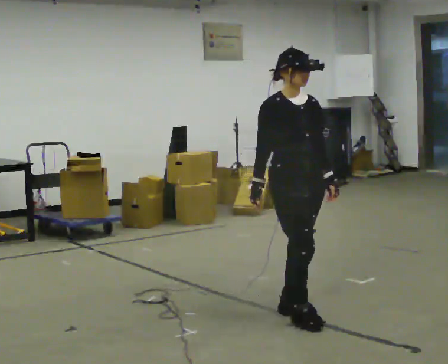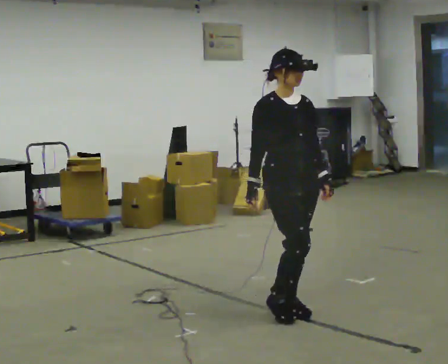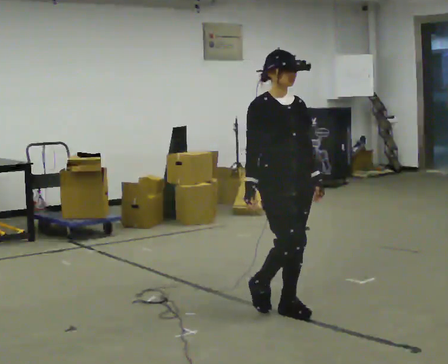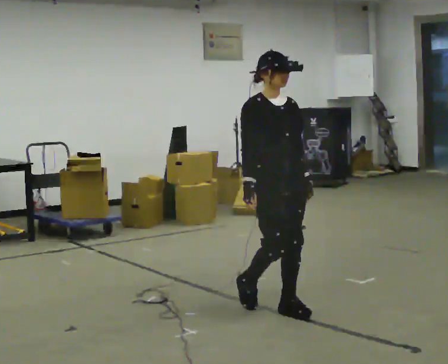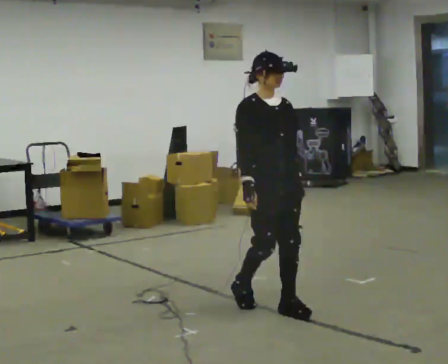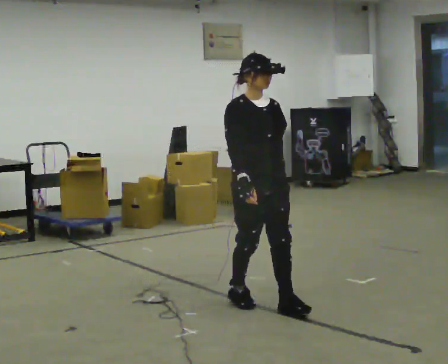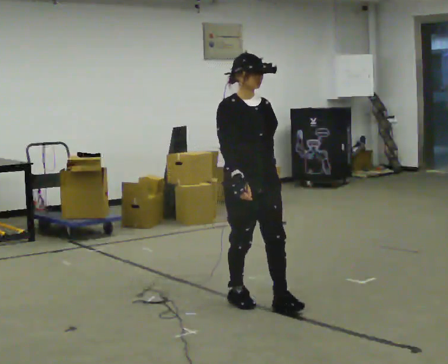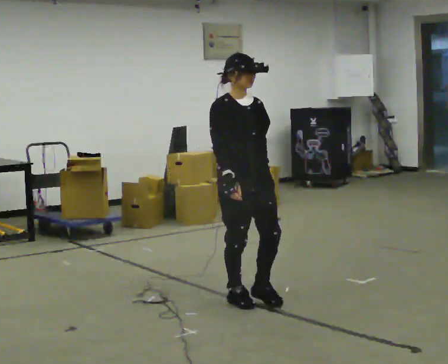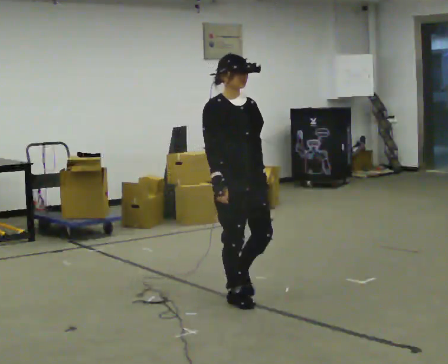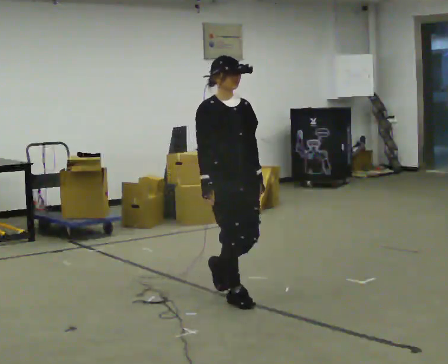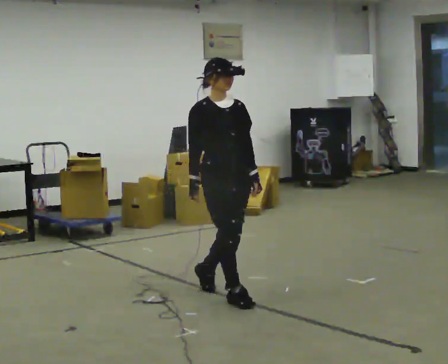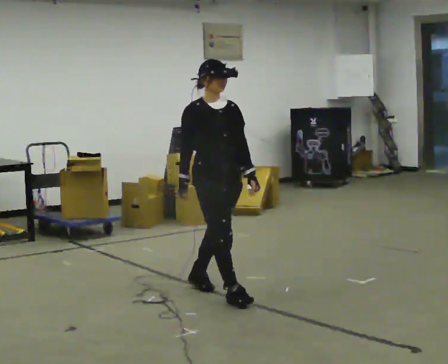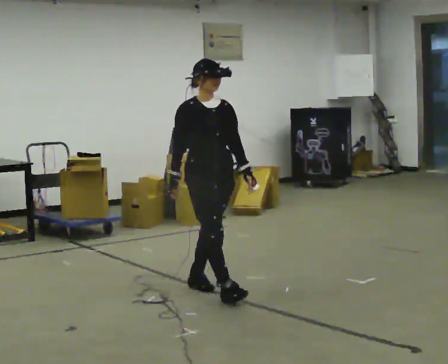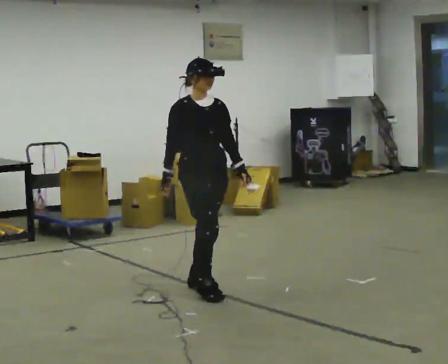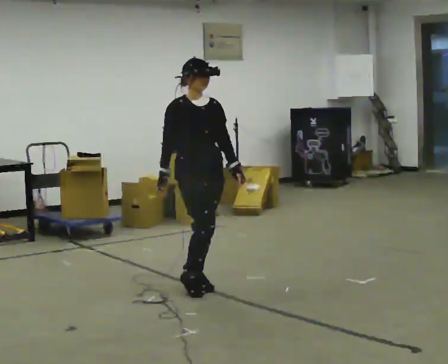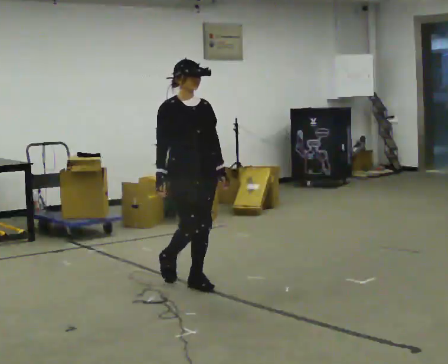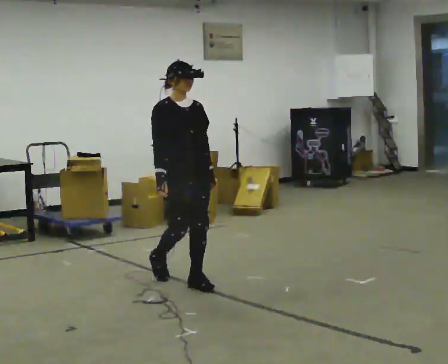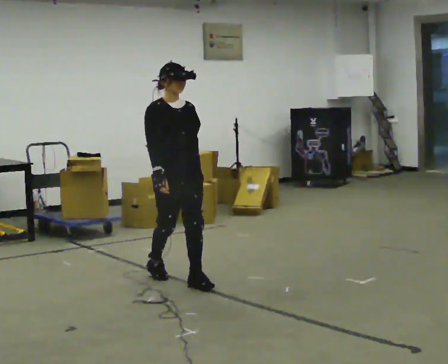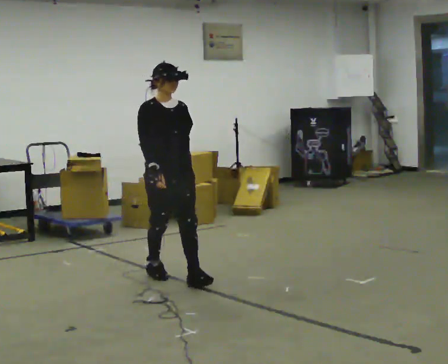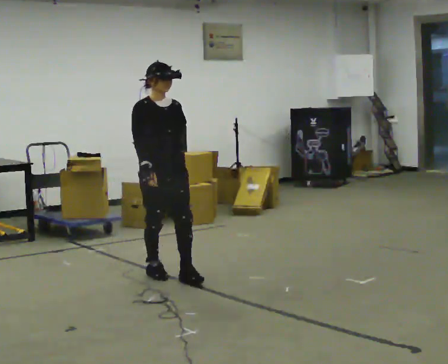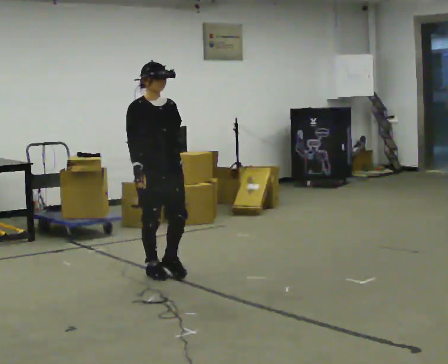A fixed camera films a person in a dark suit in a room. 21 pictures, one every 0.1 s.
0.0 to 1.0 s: In the picture they go away from the camera and to the left, about 0.5 m in 1 step, which for them is backward.
1.0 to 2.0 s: In the picture they go away from the camera and to the left, about 1 m in 2 steps, which for them is backward.
The film runs backward here.
